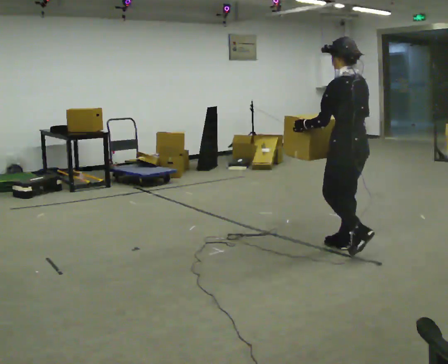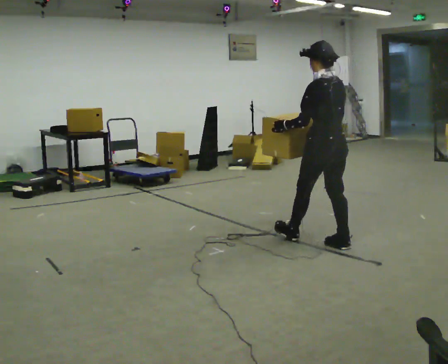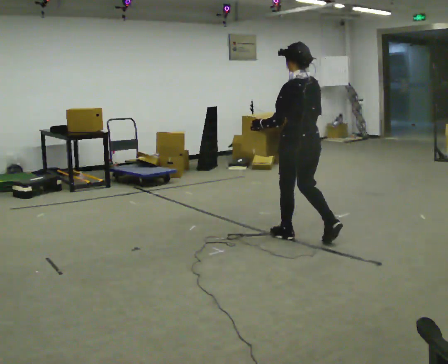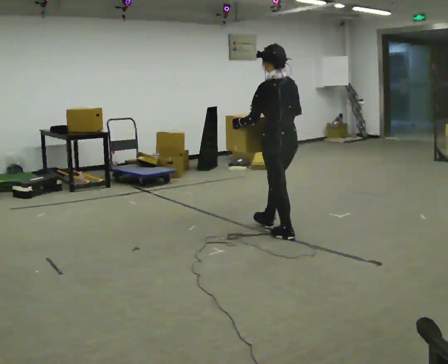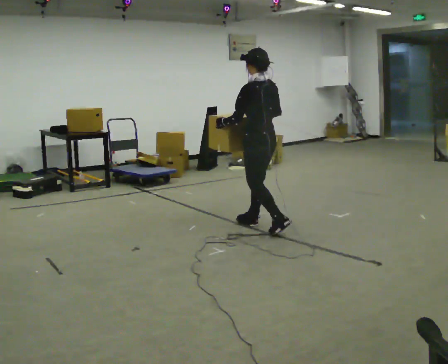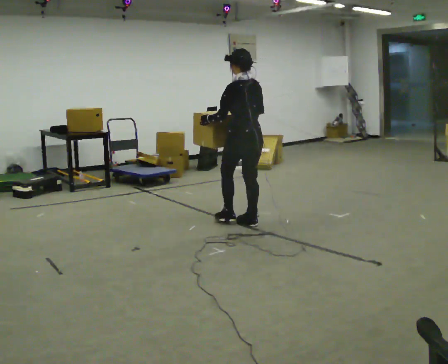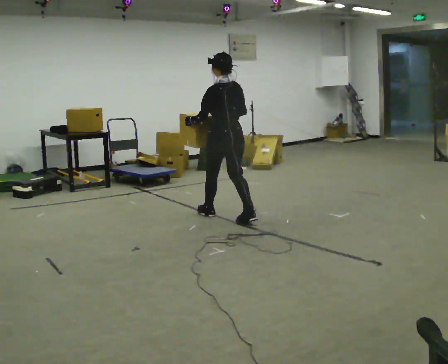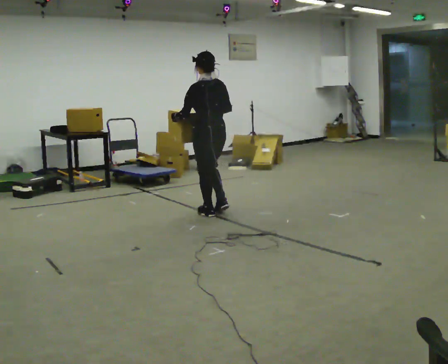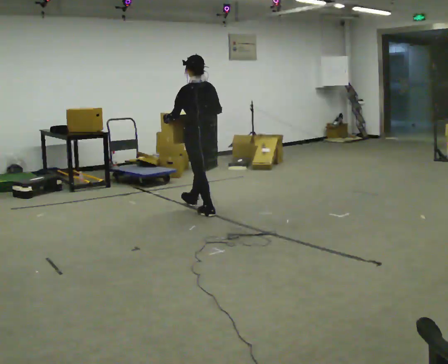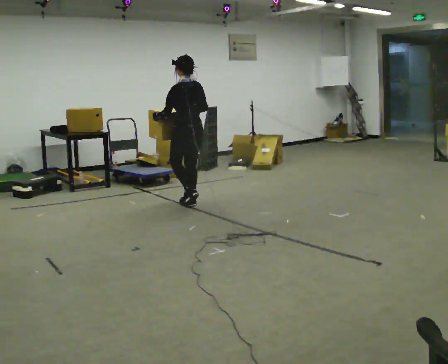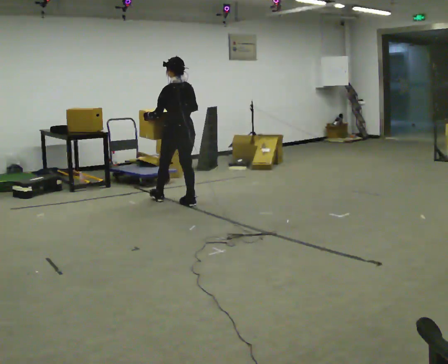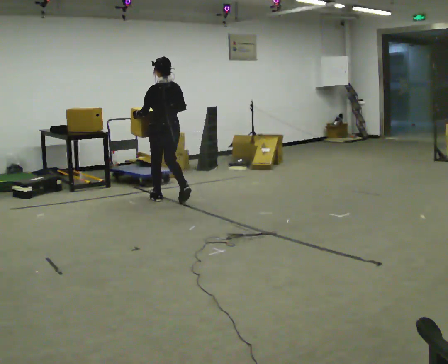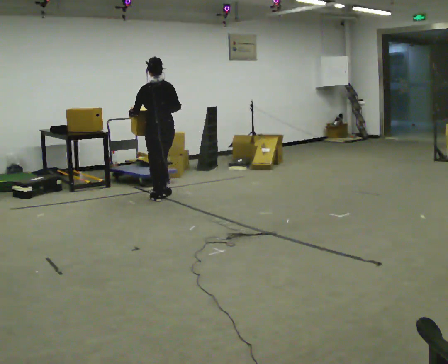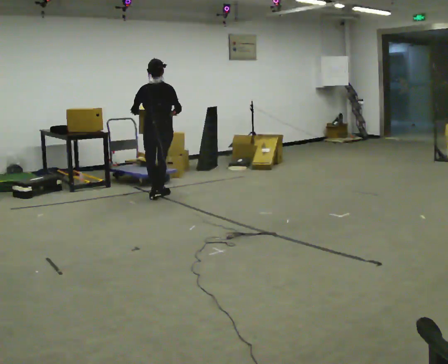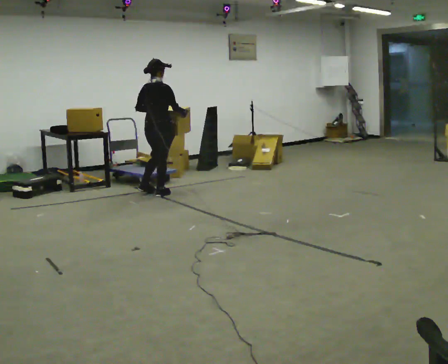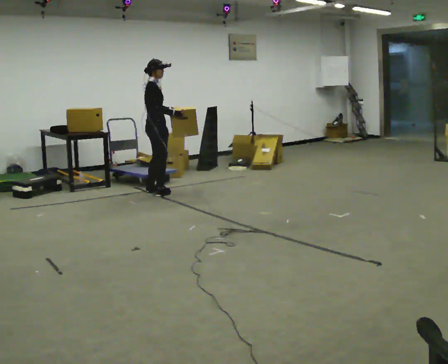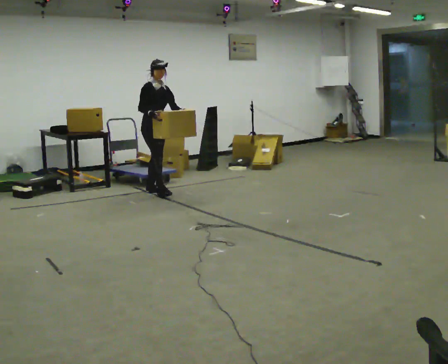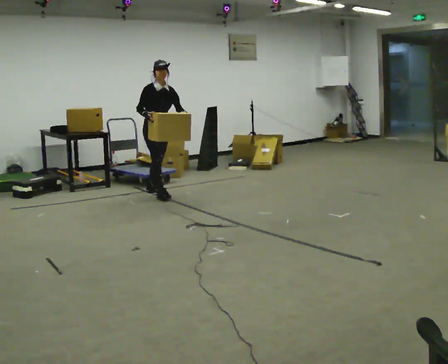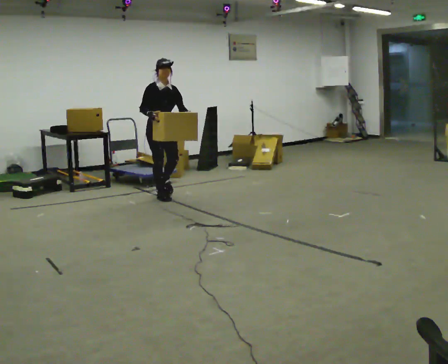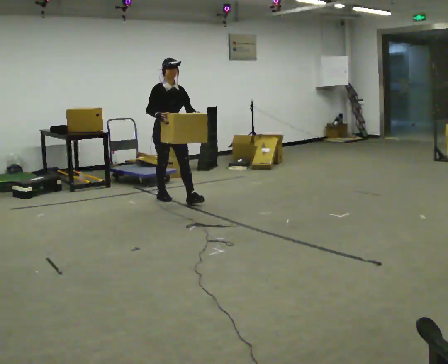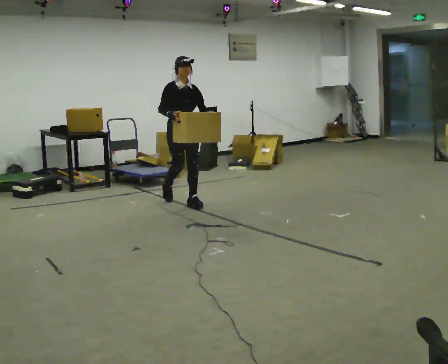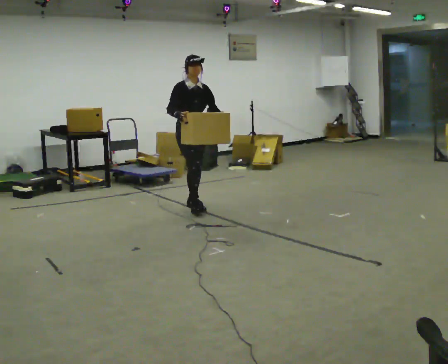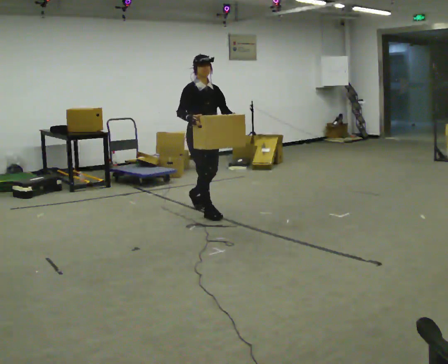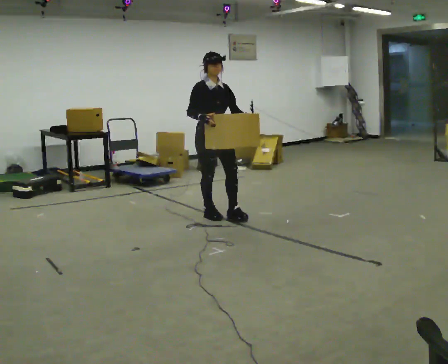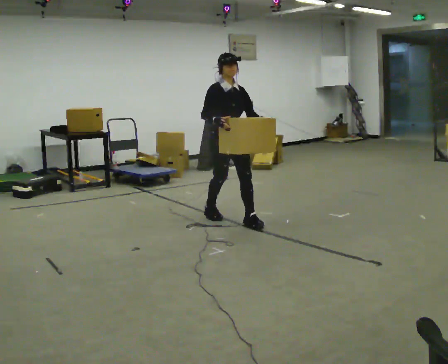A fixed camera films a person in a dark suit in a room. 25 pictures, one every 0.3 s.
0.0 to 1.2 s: In the picture they go away from the camera and to the left, about 1 m in 2 steps, which for them is forward.
1.2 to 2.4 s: In the picture they go away from the camera and to the left, about 1 m in 1 step, which for them is forward.
2.4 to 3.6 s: In the picture they go away from the camera and to the left, about 0.5 m in 2 steps, which for them is forward.
3.6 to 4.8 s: The part of the body nearest the lens slides to the left as the person turns to their right by about 150 degrees. In the picture they go away from the camera, about 0.25 m in 2 steps.
4.8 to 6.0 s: The part of the body nearest the lens slides to the left as the person turns to their right by about 30 degrees. In the picture they go toward the camera and to the right, about 0.75 m in 1 step, which for them is forward.
6.0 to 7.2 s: In the picture they go toward the camera and to the right, about 1 m in 2 steps, which for them is forward.
The film runs forward here.
